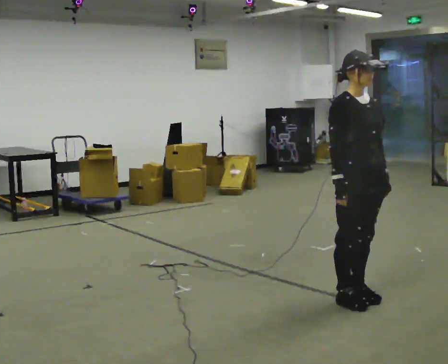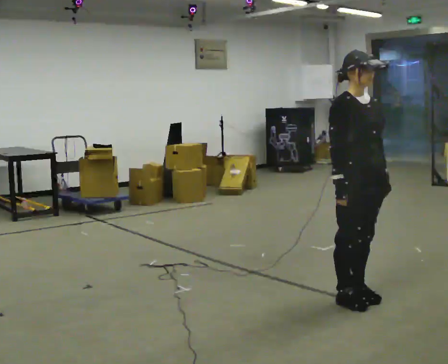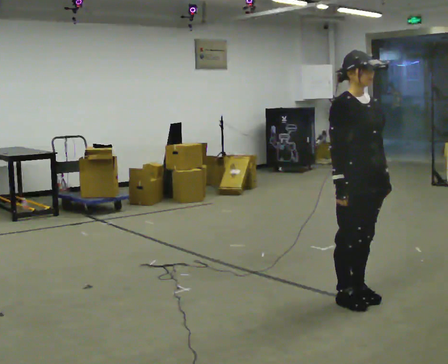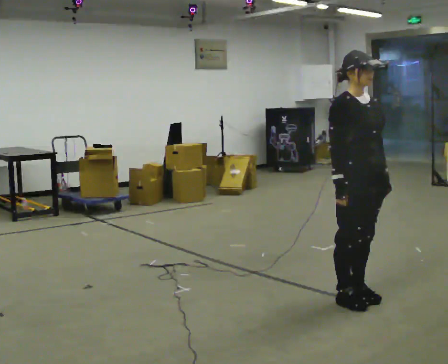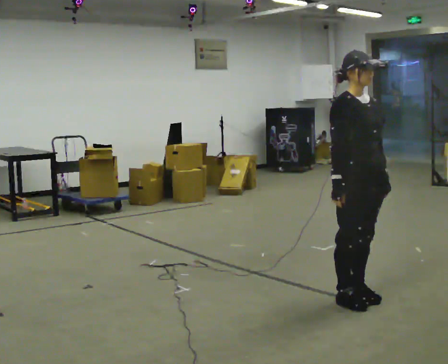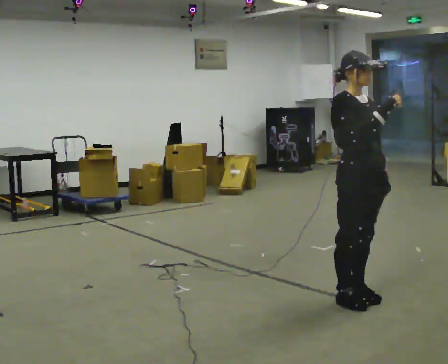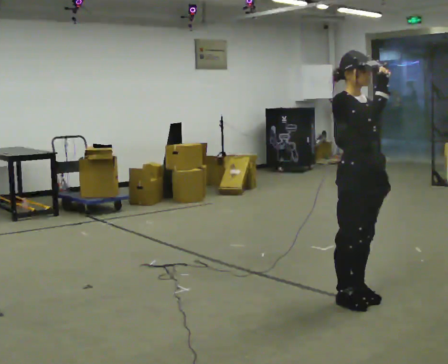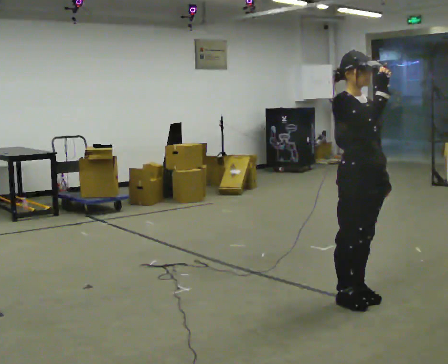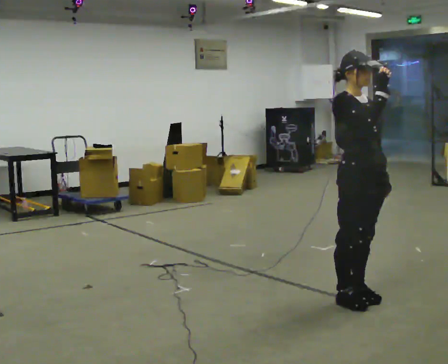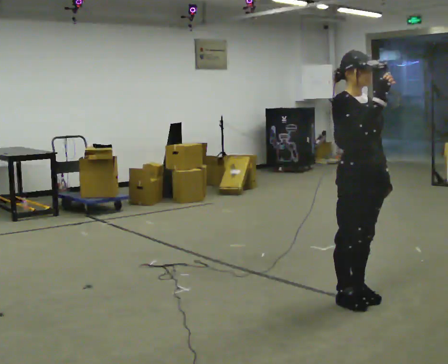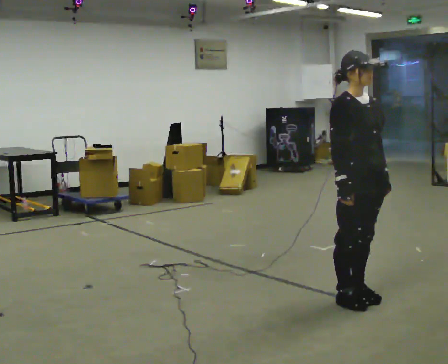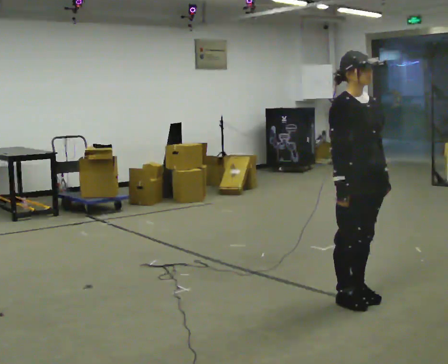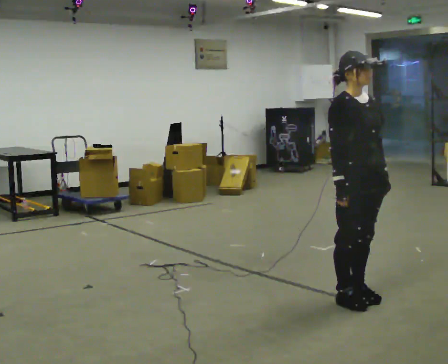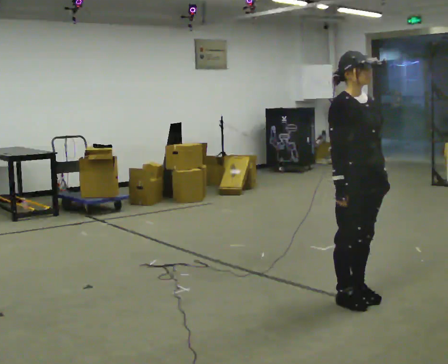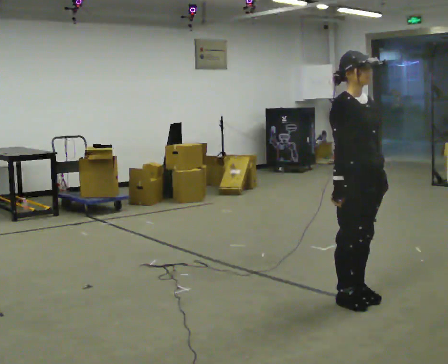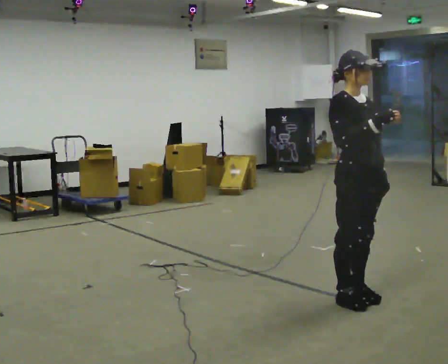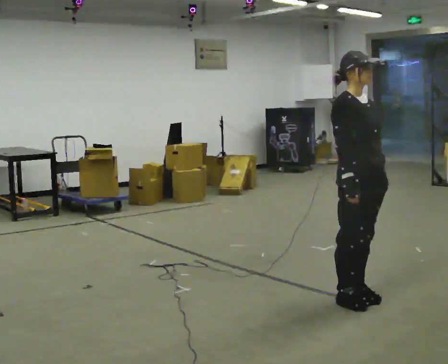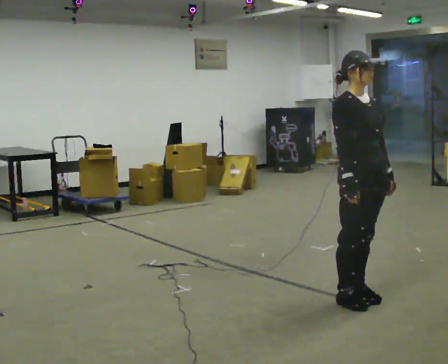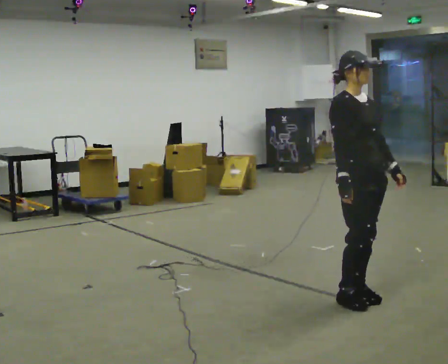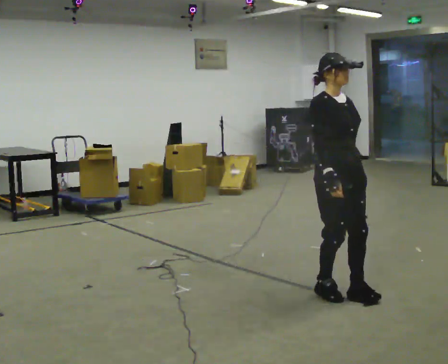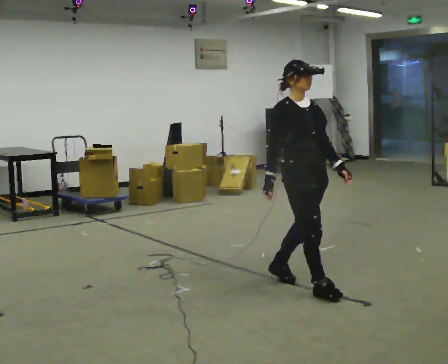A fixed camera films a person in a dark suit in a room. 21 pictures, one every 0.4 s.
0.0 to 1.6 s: The person keeps their place and pose.
1.6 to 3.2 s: In the picture their right hand goes upward.
3.2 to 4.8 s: In the picture their right hand goes downward.
4.8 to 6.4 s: The person moves a little, or ends about where they began.
6.4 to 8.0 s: In the picture they go to the left and away from the camera, about 0.5 m in 2 steps, which for them is backward.
The film runs backward here.
